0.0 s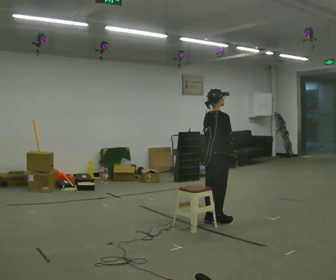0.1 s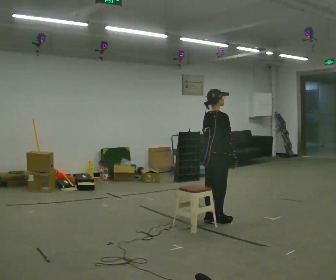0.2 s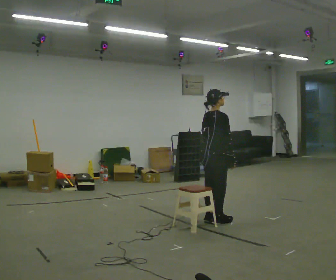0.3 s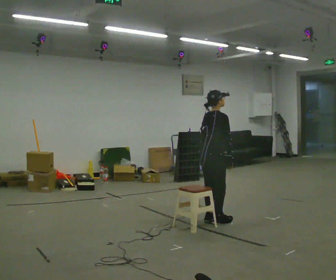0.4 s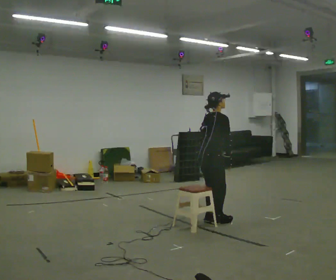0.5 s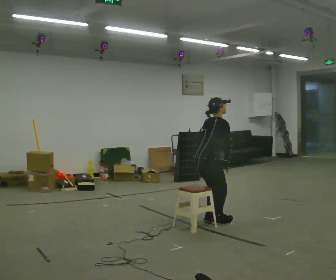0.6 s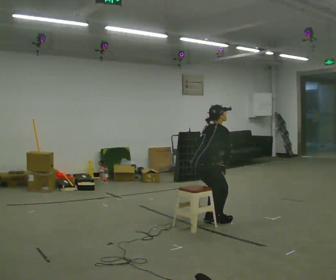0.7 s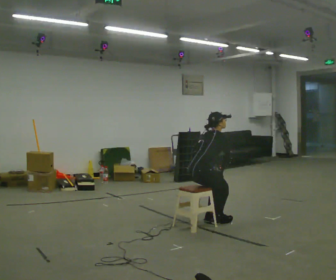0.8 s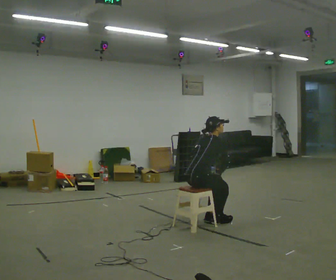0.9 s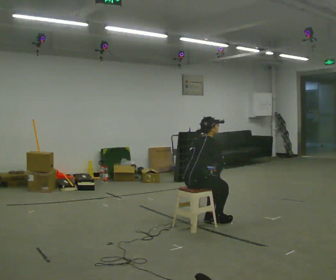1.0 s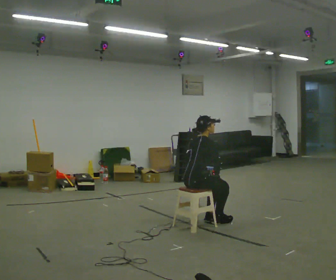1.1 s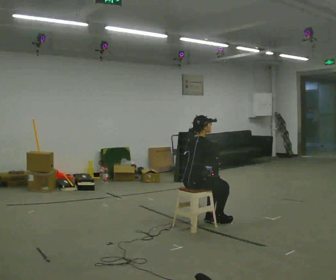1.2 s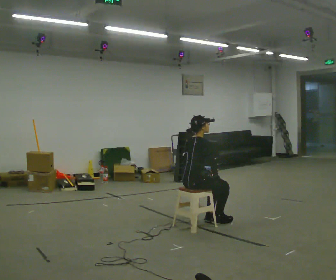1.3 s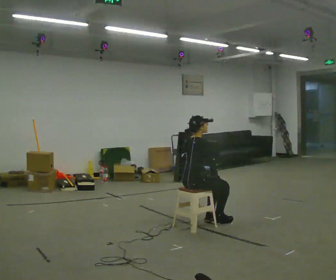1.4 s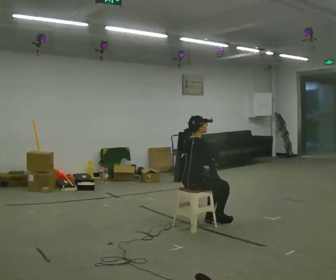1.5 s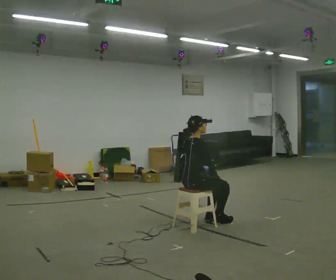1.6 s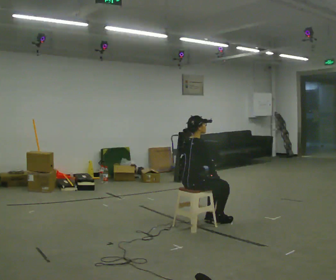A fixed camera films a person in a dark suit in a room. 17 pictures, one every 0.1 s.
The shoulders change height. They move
downward.
0.0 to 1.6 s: In the picture they go to the left and toward the camera, about 0.25 m, which for them is backward. The shoulders move downward.
The film runs forward here.
